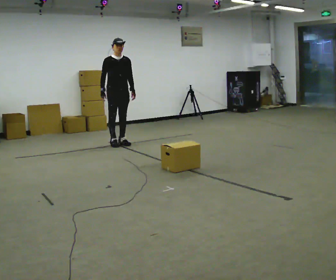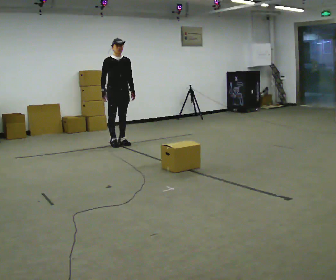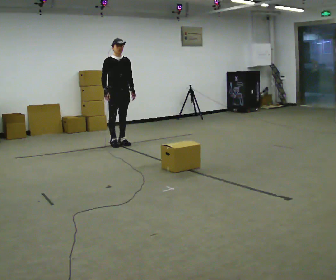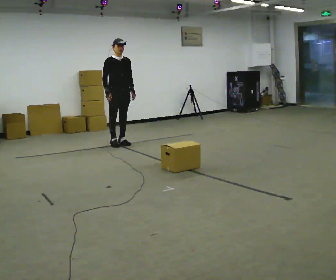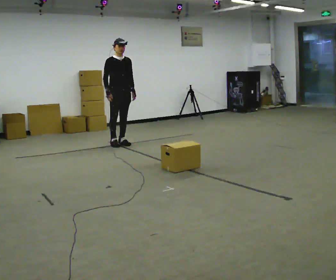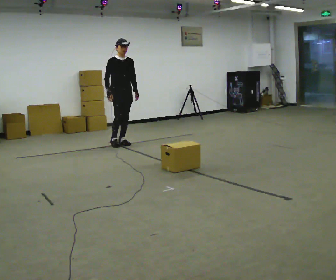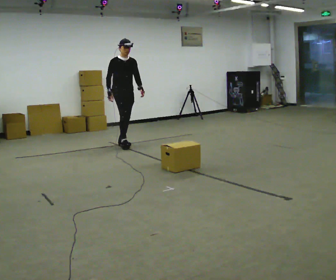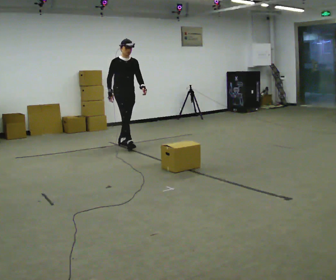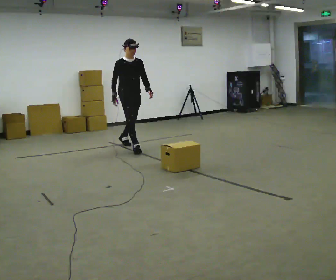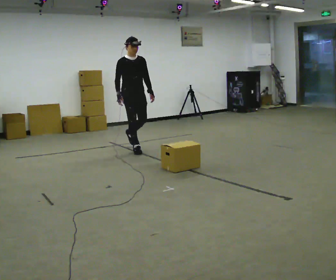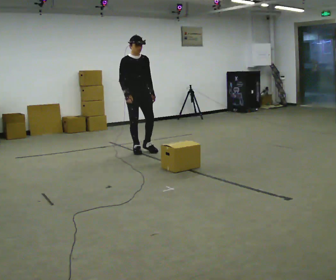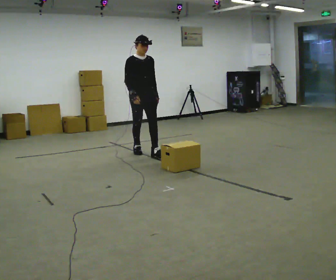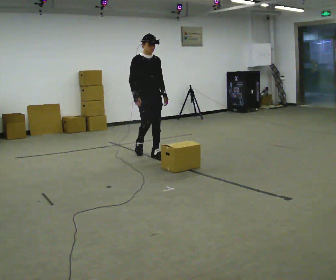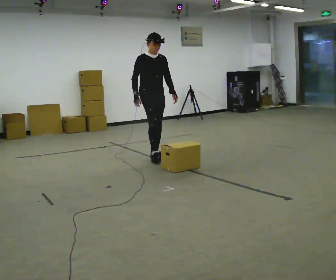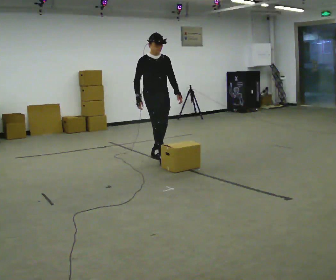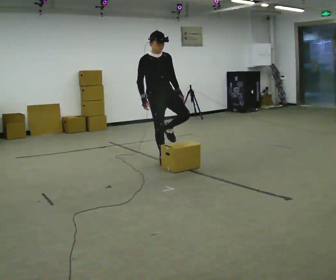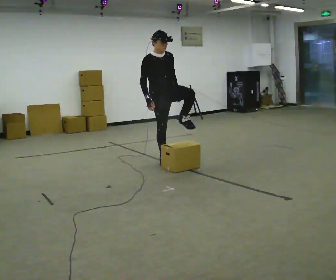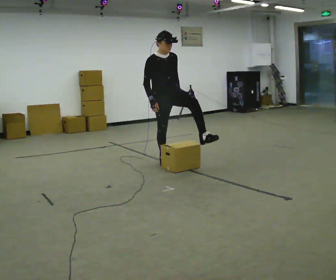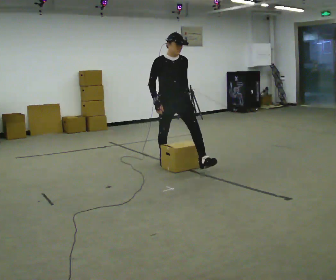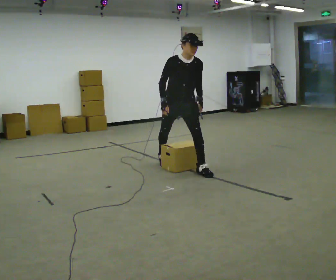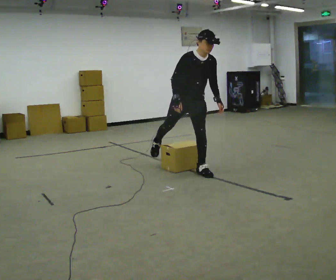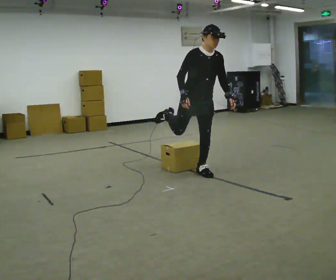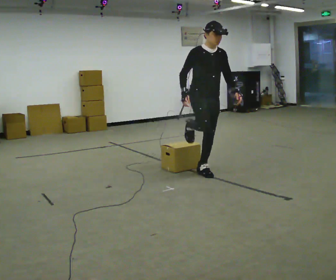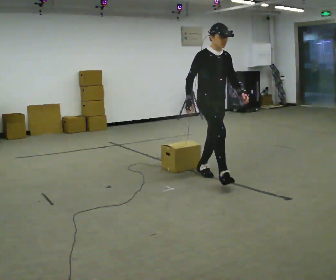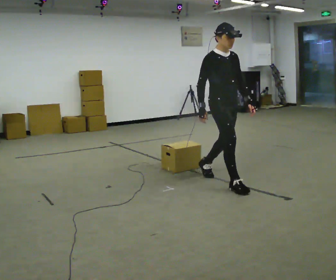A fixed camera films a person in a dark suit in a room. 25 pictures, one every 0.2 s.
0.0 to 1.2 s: The person moves a little, or ends about where they began.
1.2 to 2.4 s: In the picture they go toward the camera and to the right, about 1 m in 2 steps, which for them is forward.
2.4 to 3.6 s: The person turns about 30 degrees to their right, clockwise seen from above, so the part of the body nearest the lens slides to the left. In the picture they go toward the camera and to the right, about 0.5 m in 1 step, which for them is forward.
3.6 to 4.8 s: Seen from above the body turns counterclockwise, about 30 degrees: to their left, with its near side sliding to the right. In the picture they go toward the camera and to the right, about 1 m in 2 steps, which for them is forward.
The film runs forward here.
